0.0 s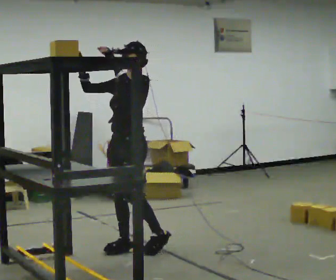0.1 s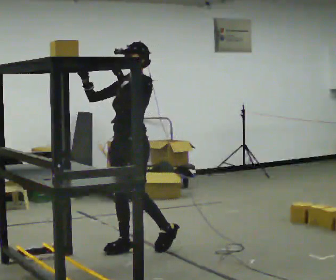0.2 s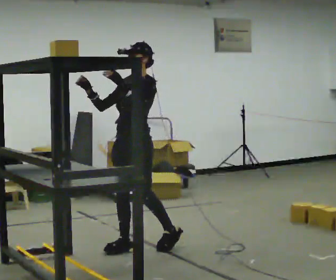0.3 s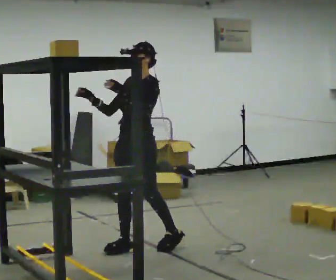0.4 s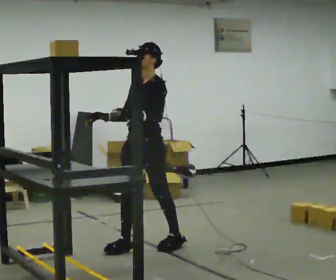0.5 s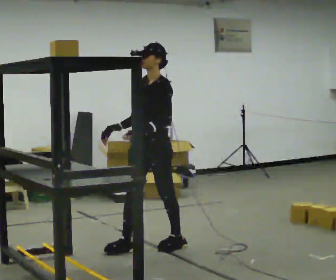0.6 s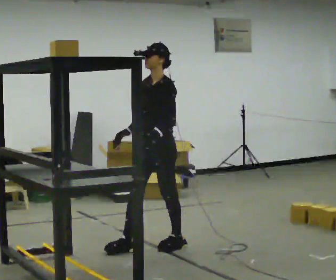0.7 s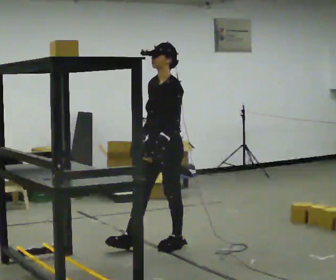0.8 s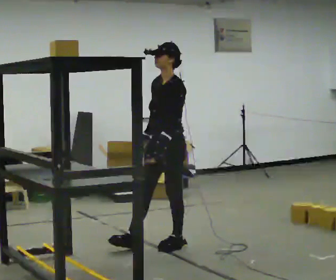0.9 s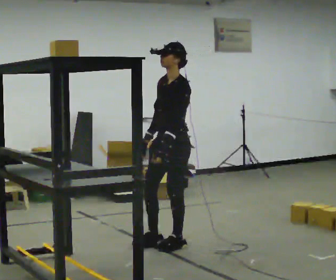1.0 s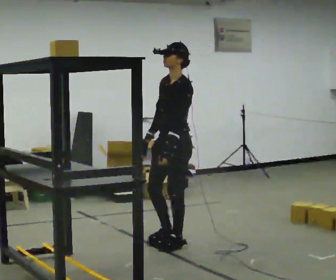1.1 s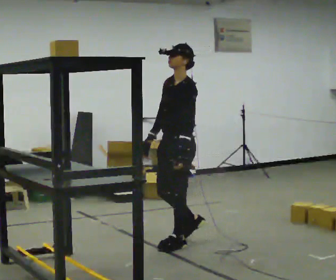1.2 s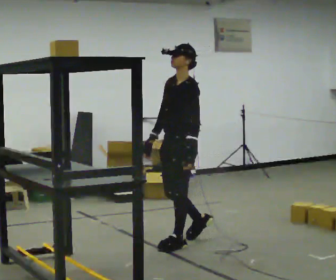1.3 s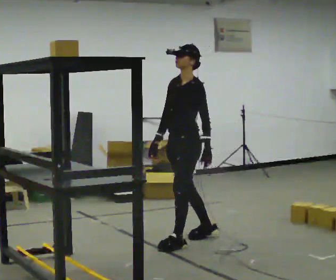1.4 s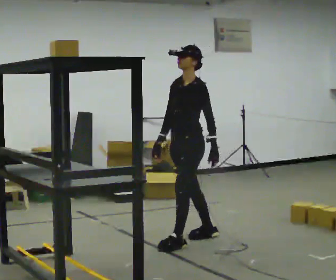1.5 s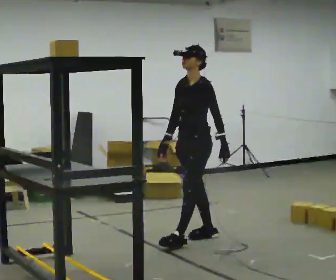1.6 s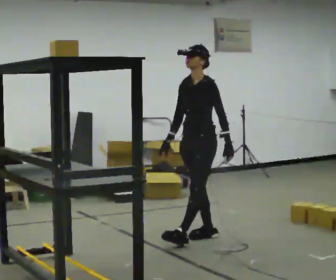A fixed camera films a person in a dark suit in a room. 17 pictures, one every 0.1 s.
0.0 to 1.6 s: In the picture they go to the right and away from the camera, about 0.75 m in 2 steps, which for them is backward. In the picture their left hand goes downward.
The film runs backward here.
